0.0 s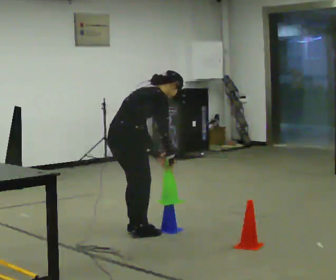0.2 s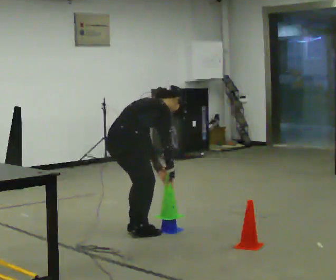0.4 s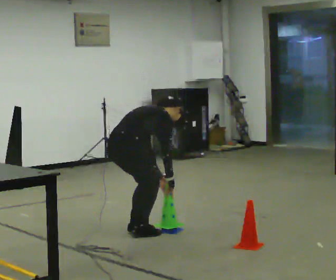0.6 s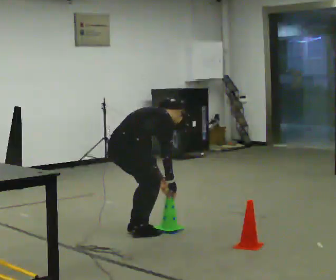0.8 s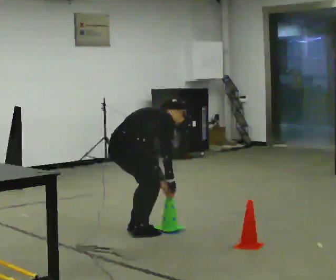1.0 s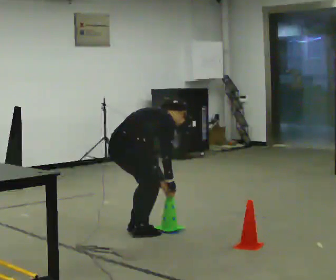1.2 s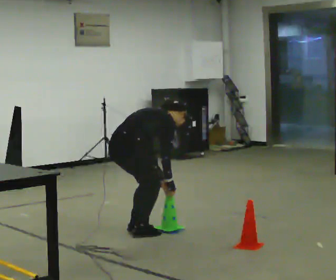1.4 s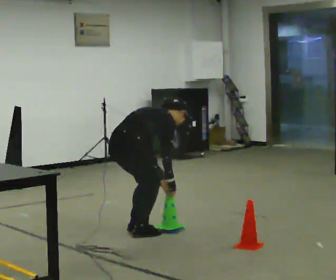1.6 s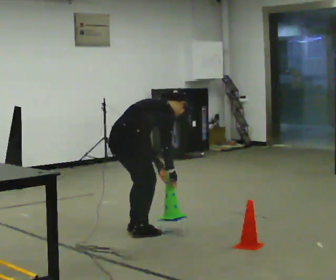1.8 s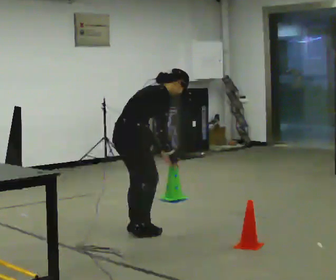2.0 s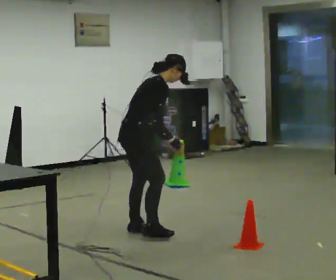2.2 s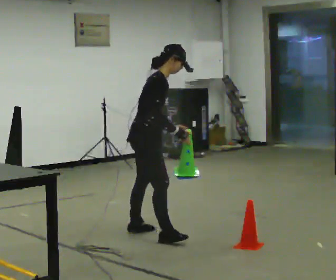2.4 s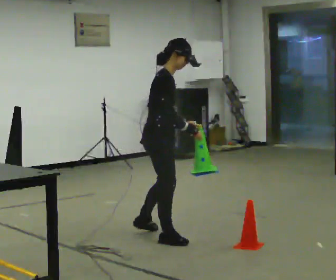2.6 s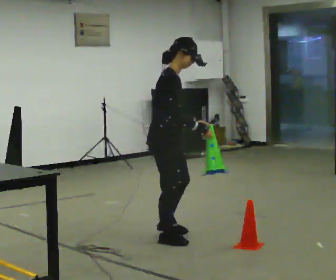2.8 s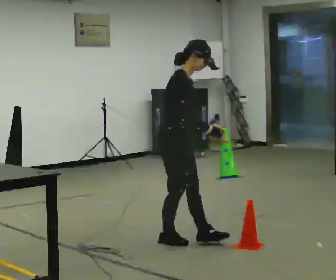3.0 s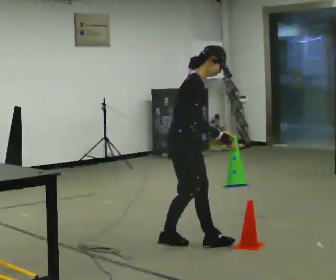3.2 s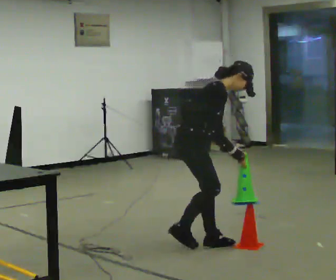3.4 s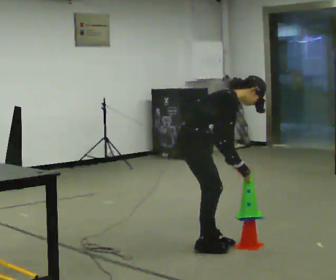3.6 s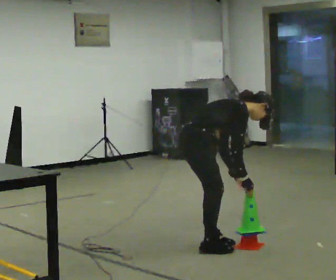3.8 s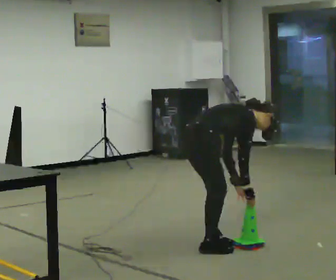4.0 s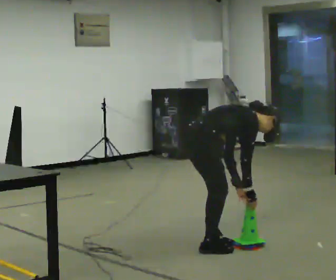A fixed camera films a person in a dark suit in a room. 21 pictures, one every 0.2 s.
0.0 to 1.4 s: The upper body goes downward. In the picture the upper body tilts clockwise, shoulders to the right, as they bend forward.
1.4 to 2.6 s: Seen from above the body turns clockwise, about 45 degrees: to their right, with its near side sliding to the left. In the picture they go to the right and toward the camera, about 0.25 m in 1 step, which for them is forward and to their right. The upper body goes upward. In the picture the upper body tilts counterclockwise, shoulders to the left, as they lean back or straighten. In the picture their left hand goes upward.
2.6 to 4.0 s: The part of the body nearest the lens slides to the right as the person turns to their left by about 30 degrees. In the picture they go to the right and toward the camera, about 0.25 m in 2 steps, which for them is forward and to their right. The upper body goes downward. In the picture the upper body tilts clockwise, shoulders to the right, as they bend forward. In the picture their left hand goes downward.
The film runs forward here.
